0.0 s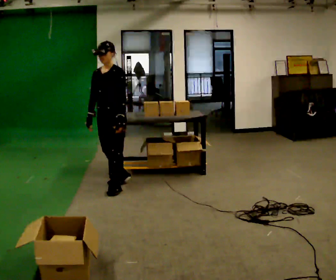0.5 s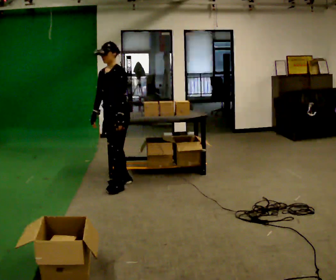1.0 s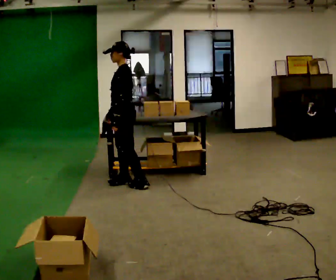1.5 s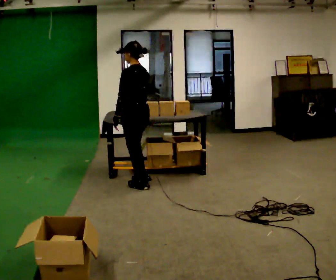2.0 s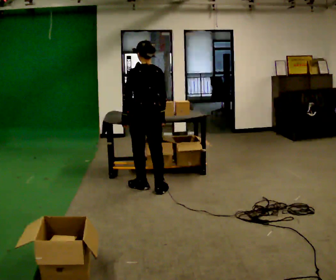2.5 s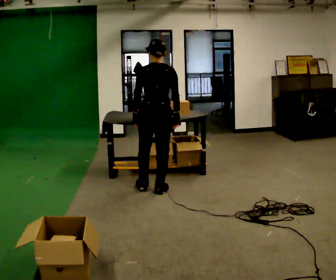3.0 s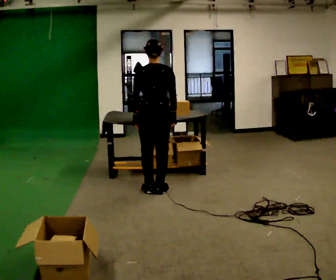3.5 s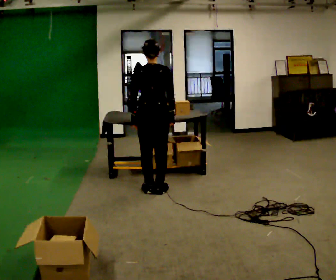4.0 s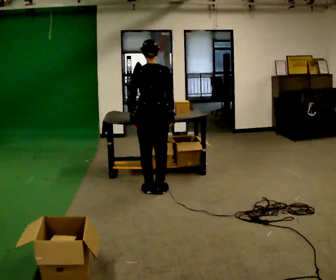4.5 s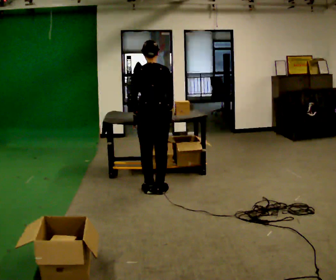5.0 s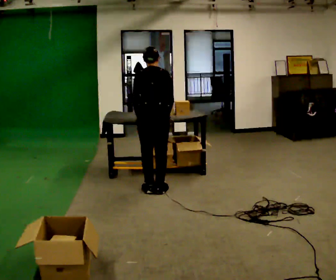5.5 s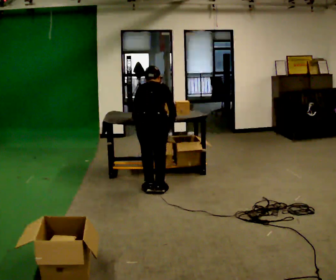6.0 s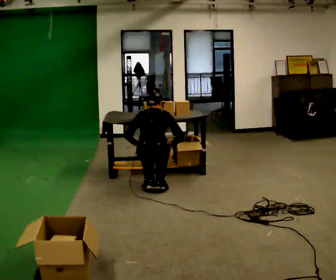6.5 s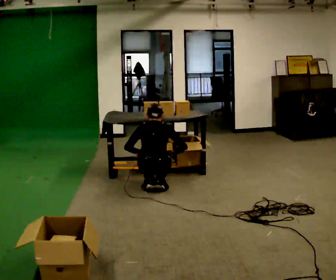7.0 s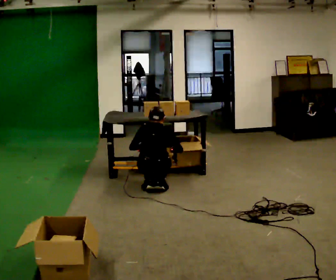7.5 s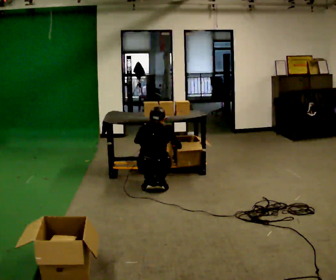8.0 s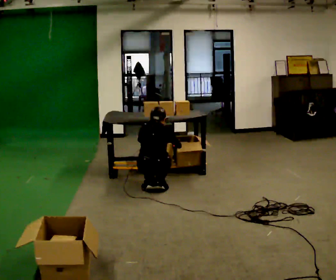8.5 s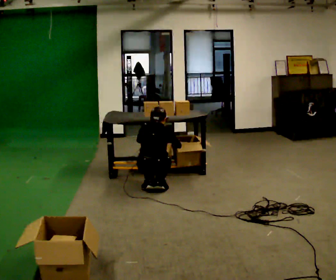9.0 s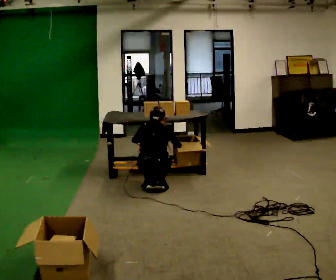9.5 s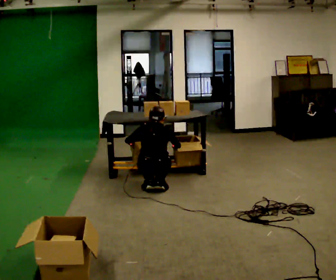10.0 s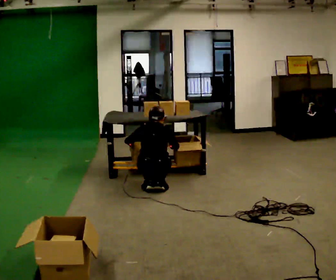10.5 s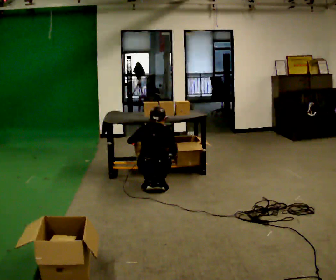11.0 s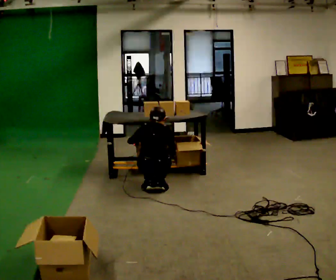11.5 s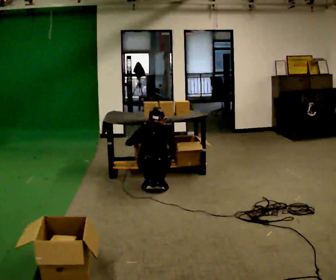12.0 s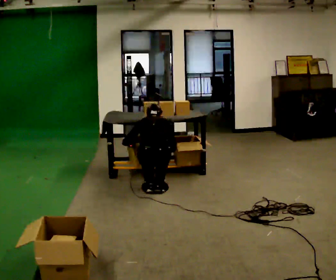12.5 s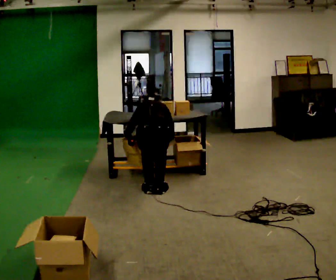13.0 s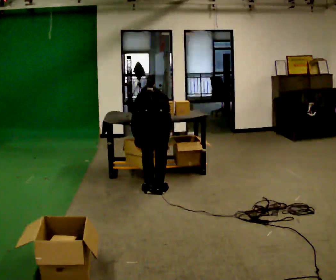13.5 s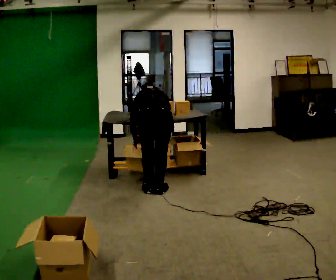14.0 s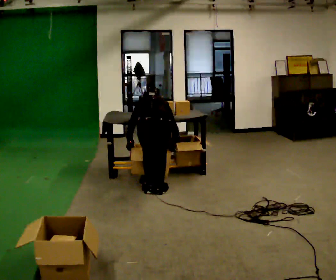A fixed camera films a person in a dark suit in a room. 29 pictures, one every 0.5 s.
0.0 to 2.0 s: The person turns about 120 degrees to their right, clockwise seen from above, so the part of the body nearest the lens slides to the left. In the picture they go to the right, about 0.25 m in 2 steps.
2.0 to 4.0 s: The person moves a little, or ends about where they began.
4.0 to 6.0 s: The shoulders move downward. The upper body tips away from the camera, its near side rolling upward, as they bend forward. In the picture their right hand goes downward.
6.0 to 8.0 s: The upper body goes downward.
8.0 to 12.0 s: The person moves a little, or ends about where they began.
12.0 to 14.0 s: The upper body tips away from the camera, its near side rolling upward, as they bend forward.
The film runs backward here.
